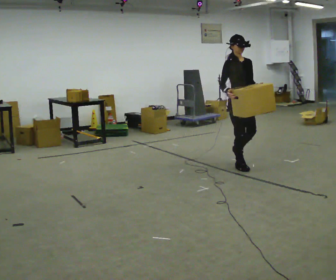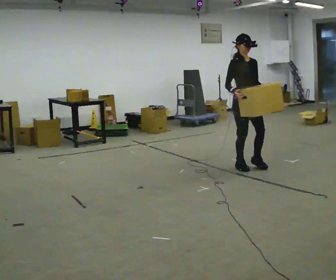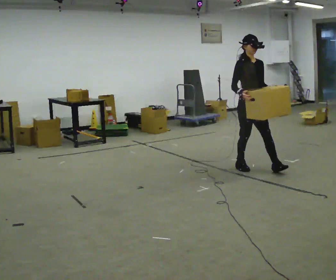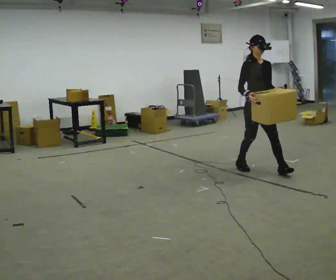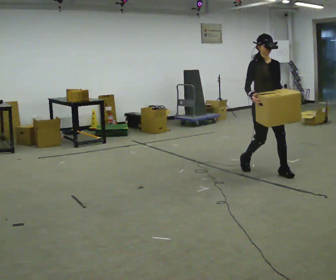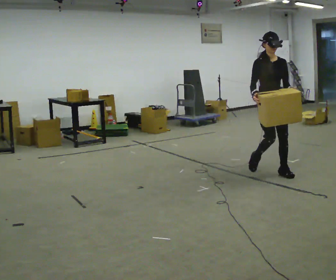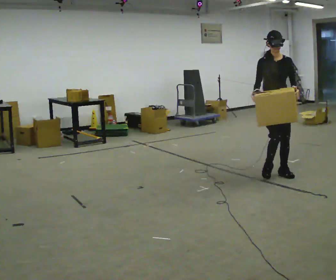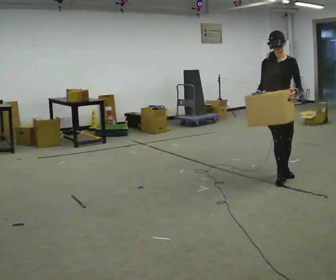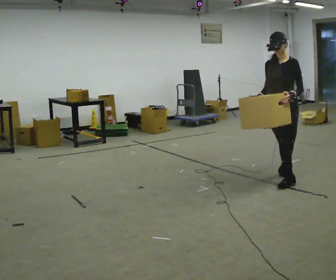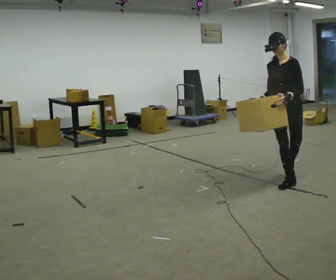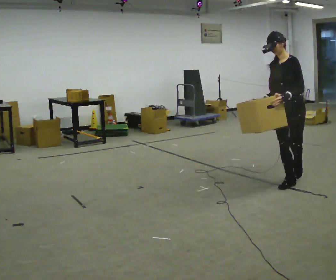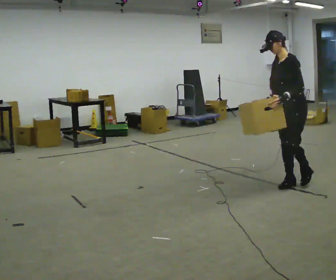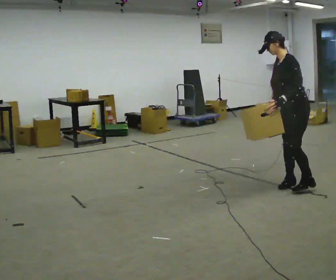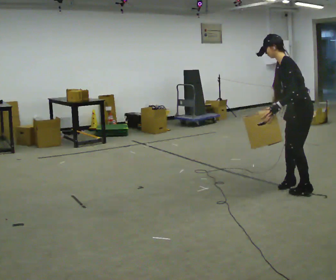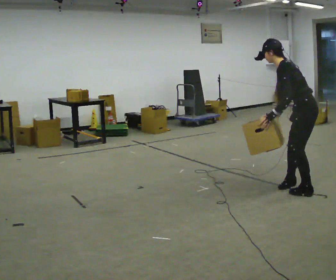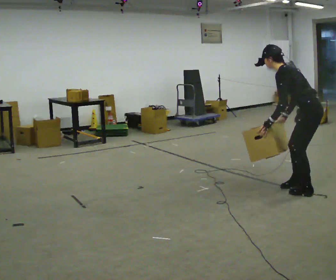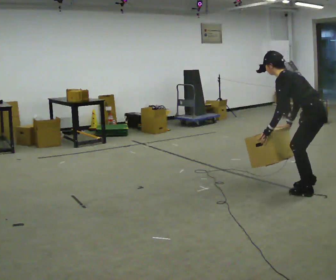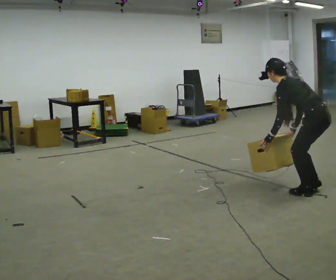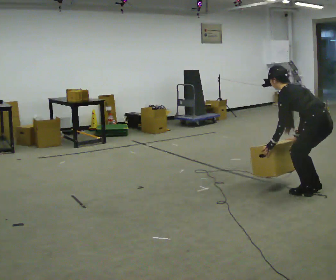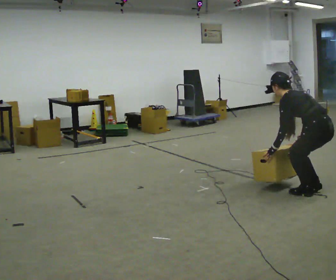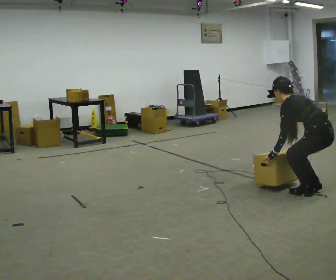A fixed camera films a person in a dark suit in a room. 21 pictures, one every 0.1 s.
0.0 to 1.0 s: The person turns about 90 degrees to their right, clockwise seen from above, so the part of the body nearest the lens slides to the left. In the picture they go toward the camera and to the right, about 1 m in 2 steps.
1.0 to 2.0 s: The part of the body nearest the lens slides to the left as the person turns to their right by about 90 degrees. In the picture they go toward the camera and to the right, about 0.5 m in 2 steps. The shoulders move downward. The upper body tips away from the camera, its near side rolling upward, as they bend forward. In the picture their right hand goes downward.
The film runs forward here.
